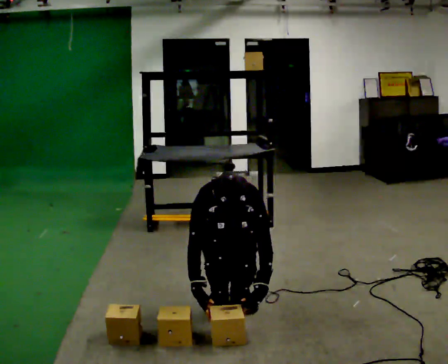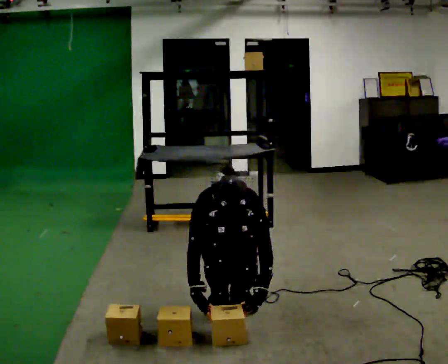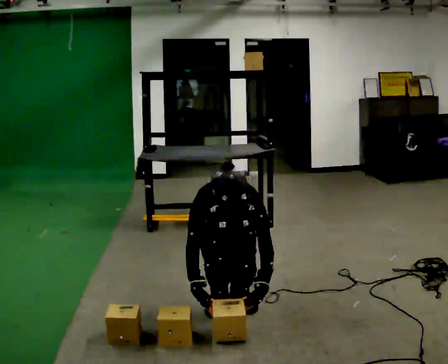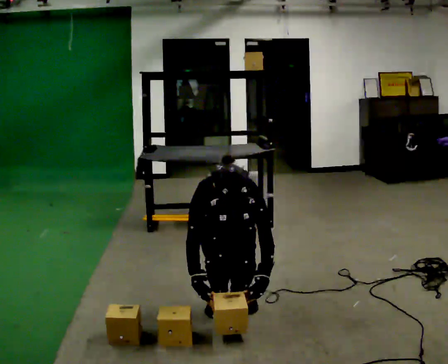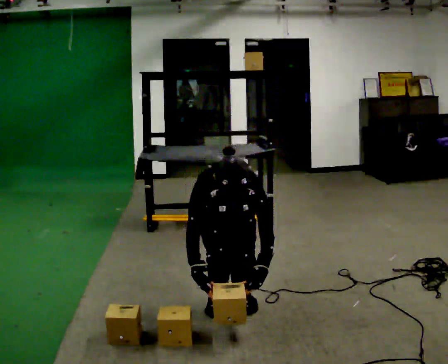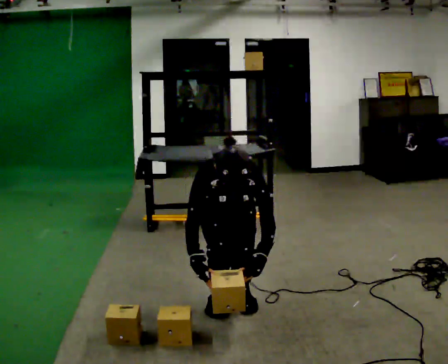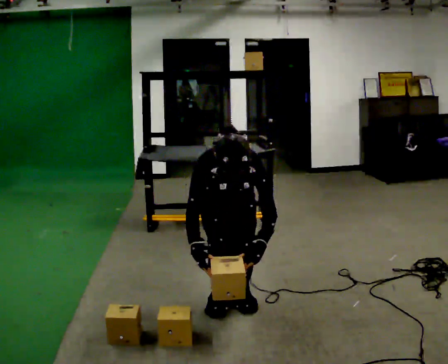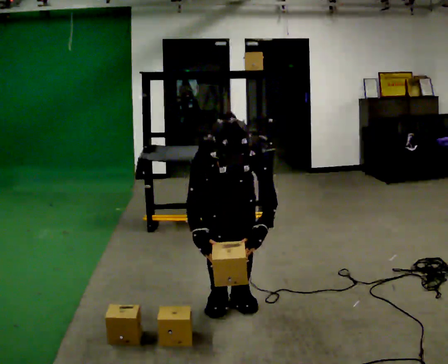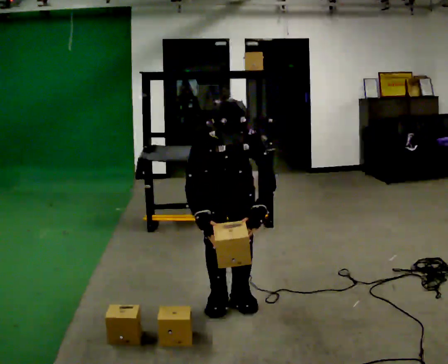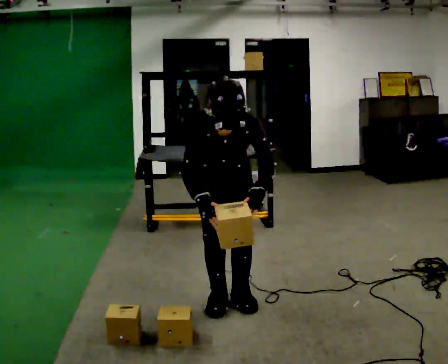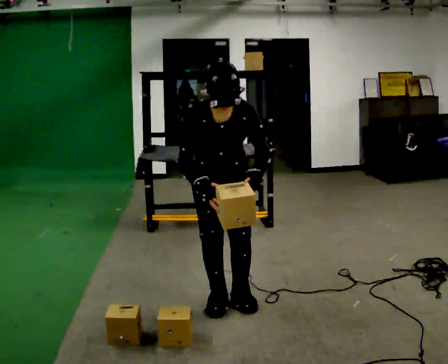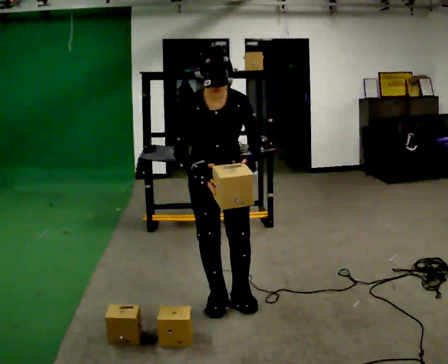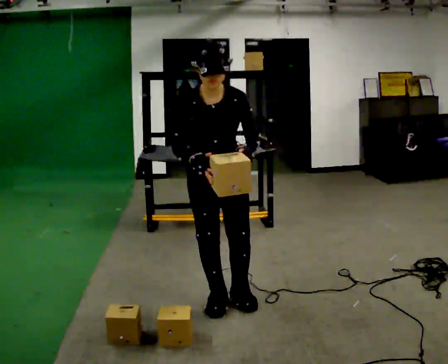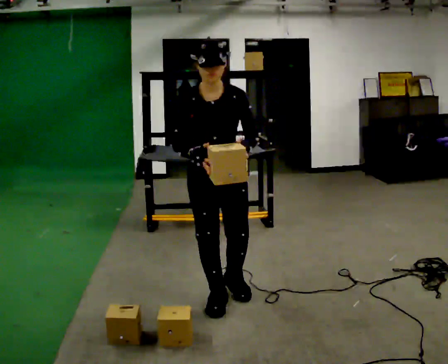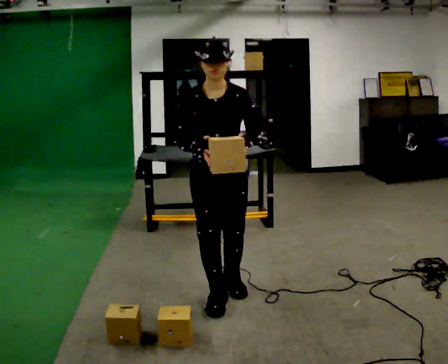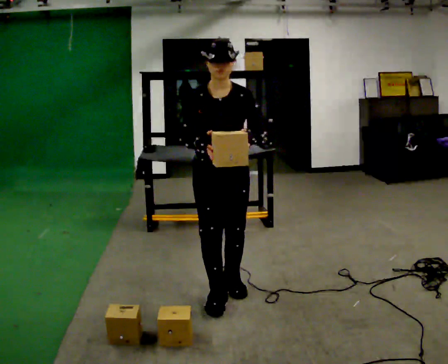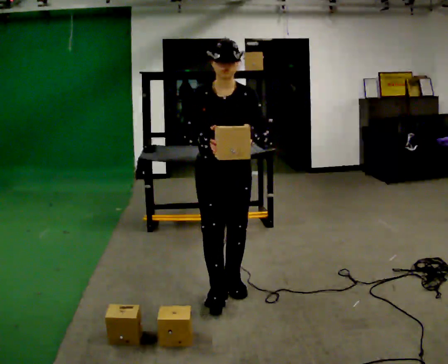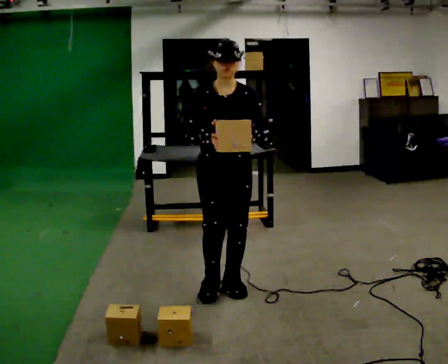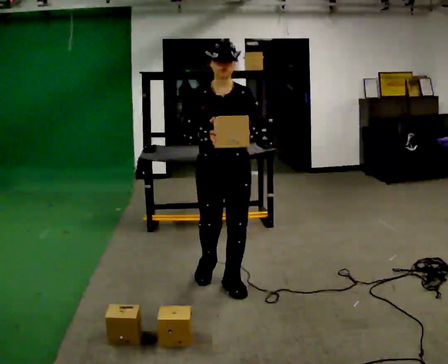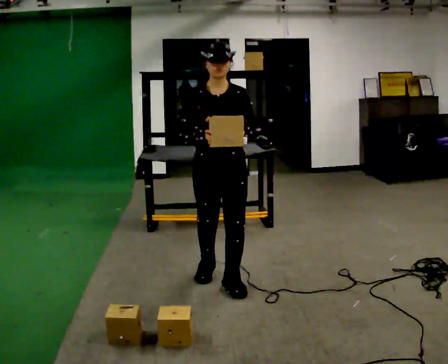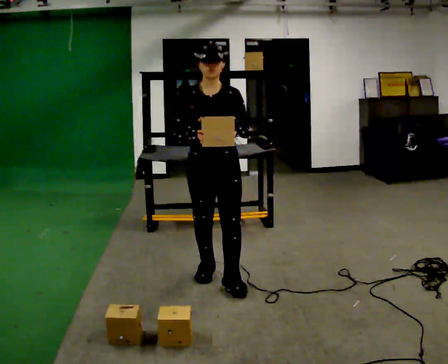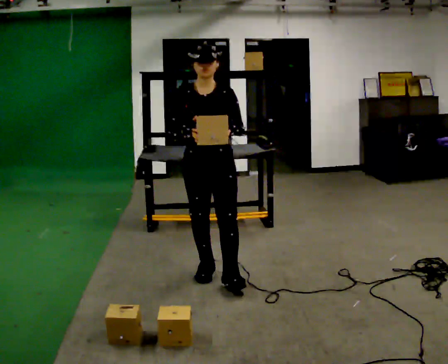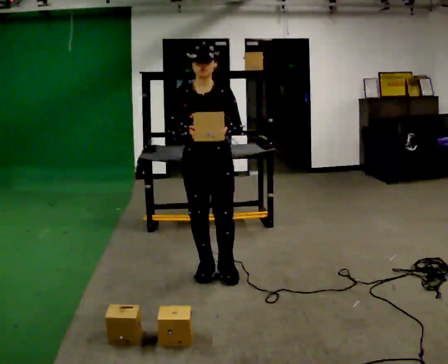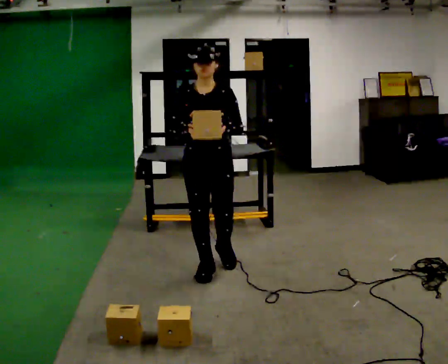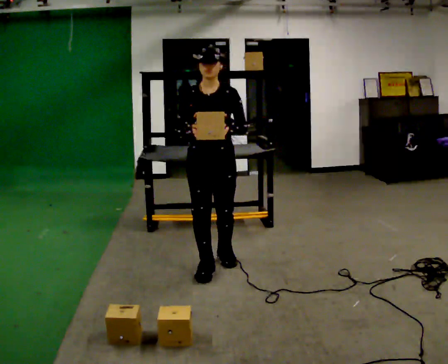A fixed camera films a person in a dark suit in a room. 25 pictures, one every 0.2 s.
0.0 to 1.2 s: The shoulders move upward.
1.2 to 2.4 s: The upper body goes upward. The upper body tips away from the camera, its near side rolling upward, as they lean back or straighten. In the picture their left hand goes upward.
2.4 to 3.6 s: In the picture they go away from the camera, about 0.25 m in 2 steps, which for them is backward. The upper body tips away from the camera, its near side rolling upward, as they lean back or straighten.
3.6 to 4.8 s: In the picture they go away from the camera, about 0.25 m in 1 step, which for them is backward.
The film runs backward here.
